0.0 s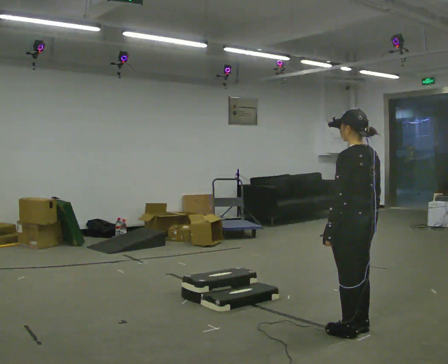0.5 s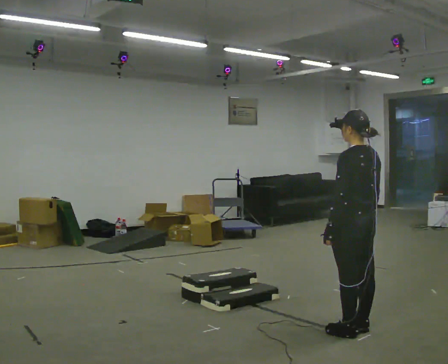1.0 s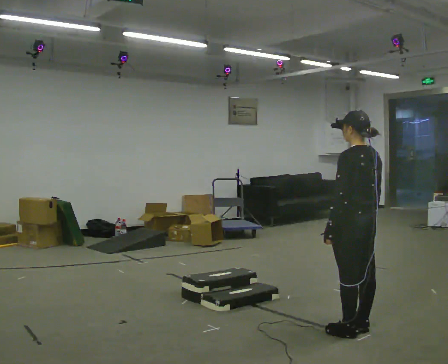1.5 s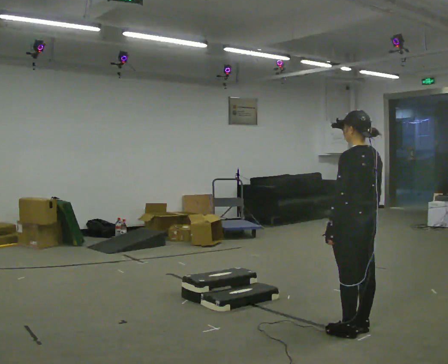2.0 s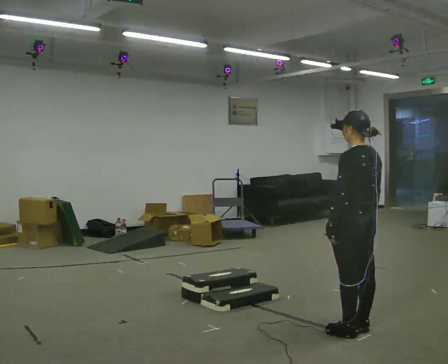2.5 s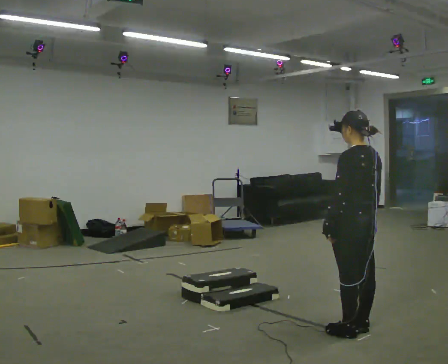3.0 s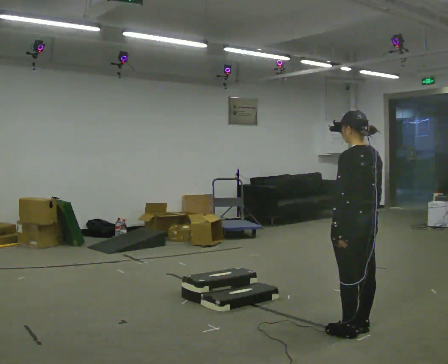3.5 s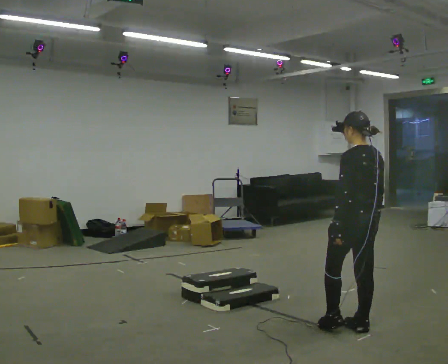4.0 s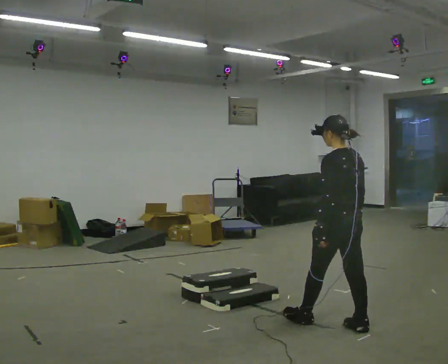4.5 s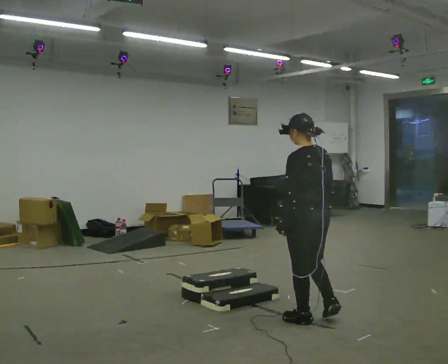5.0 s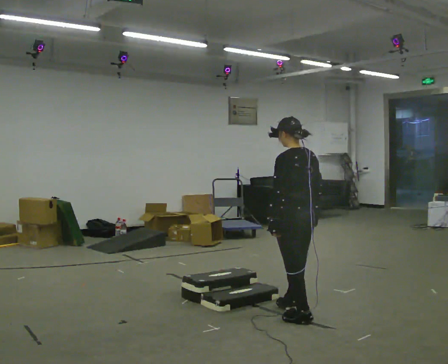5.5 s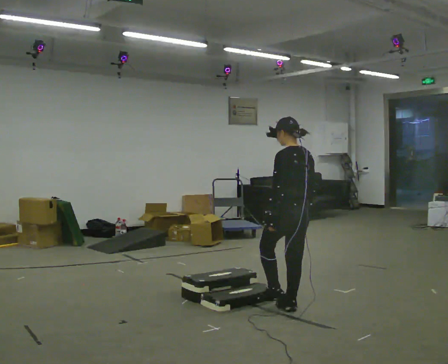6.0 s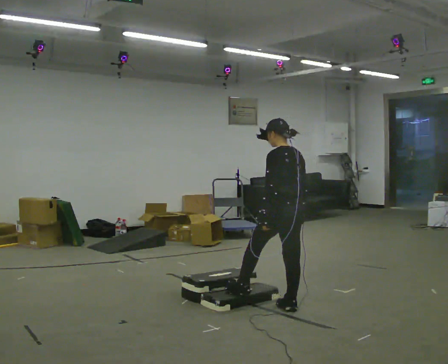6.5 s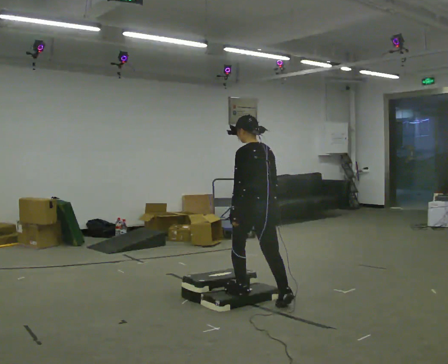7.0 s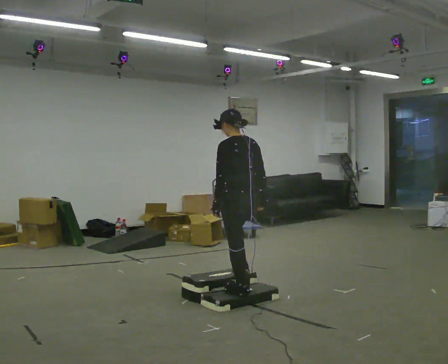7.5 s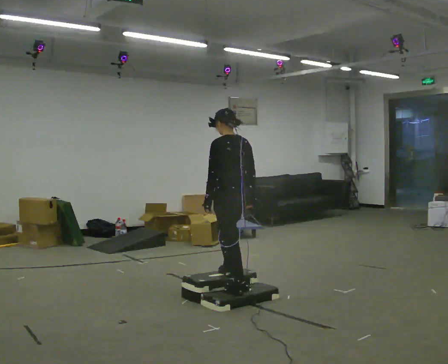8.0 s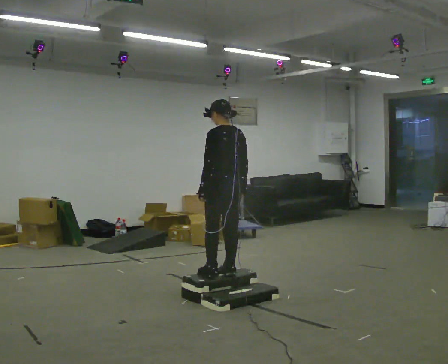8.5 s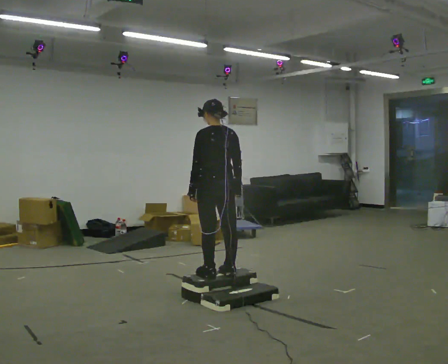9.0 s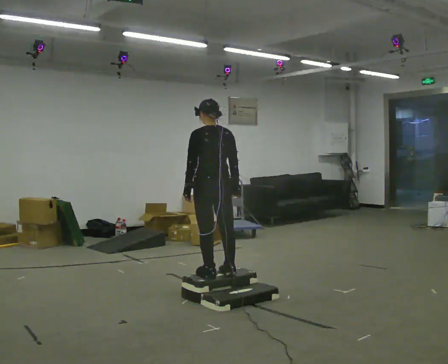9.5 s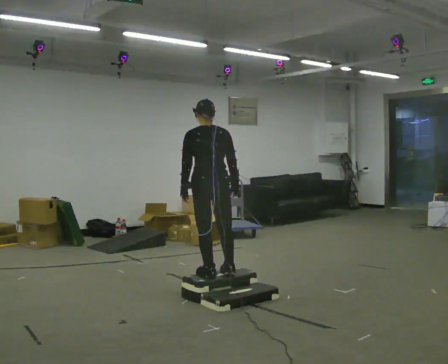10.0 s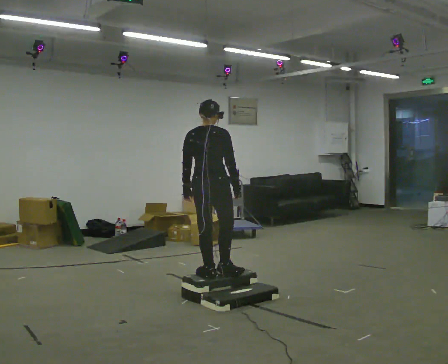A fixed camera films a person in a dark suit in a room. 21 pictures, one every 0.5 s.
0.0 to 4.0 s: In the picture they go away from the camera, about 0.25 m in 1 step, which for them is forward.
4.0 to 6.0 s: In the picture they go to the left and away from the camera, about 0.5 m in 2 steps, which for them is forward.
6.0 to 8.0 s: In the picture they go to the left and away from the camera, about 0.75 m in 1 step, which for them is forward. The shoulders move upward.
8.0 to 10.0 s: The part of the body nearest the lens slides to the left as the person turns to their right by about 60 degrees.
The film runs forward here.
